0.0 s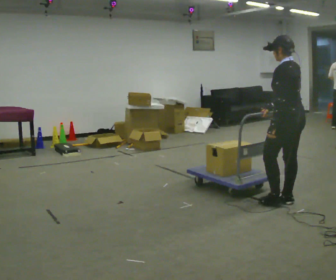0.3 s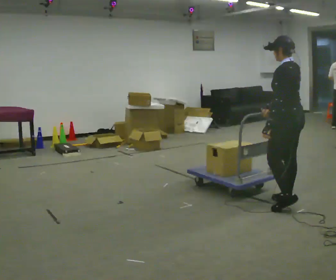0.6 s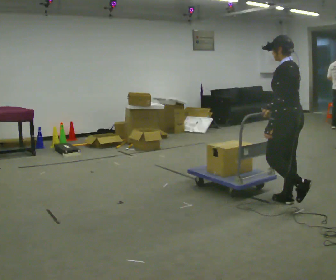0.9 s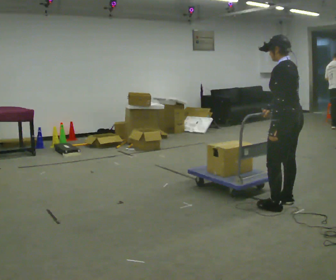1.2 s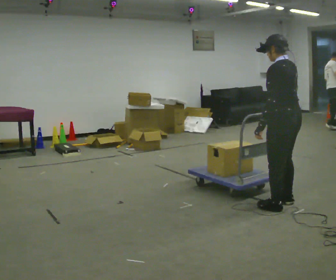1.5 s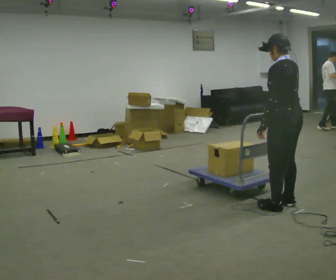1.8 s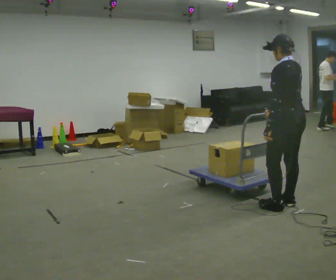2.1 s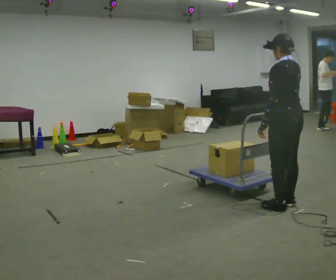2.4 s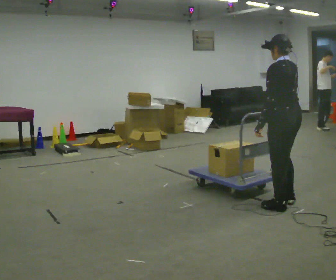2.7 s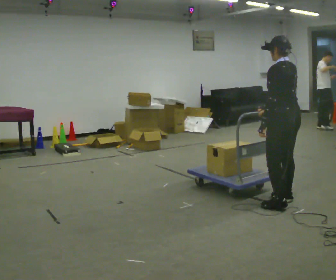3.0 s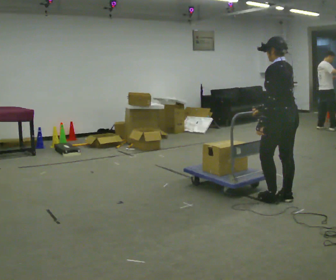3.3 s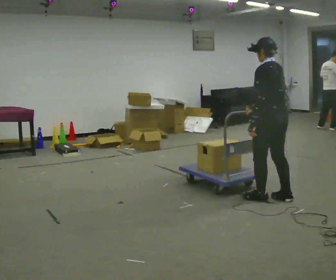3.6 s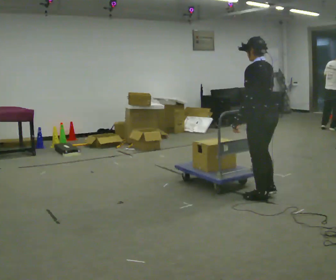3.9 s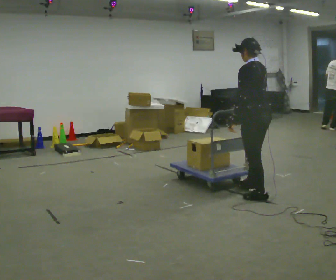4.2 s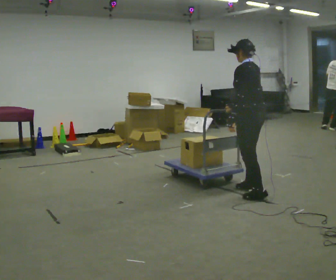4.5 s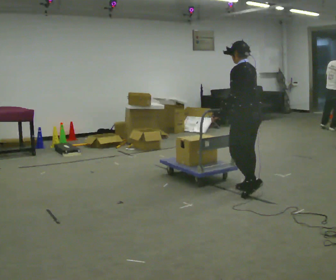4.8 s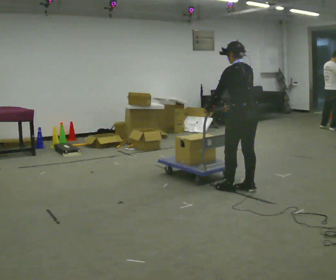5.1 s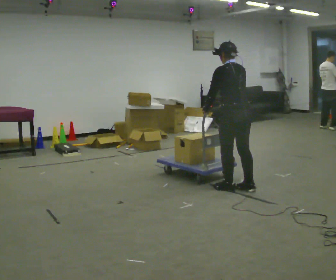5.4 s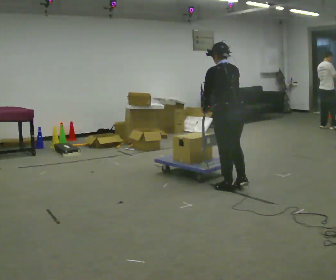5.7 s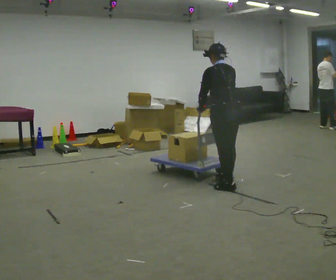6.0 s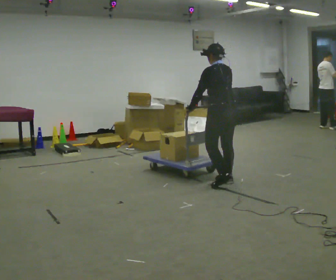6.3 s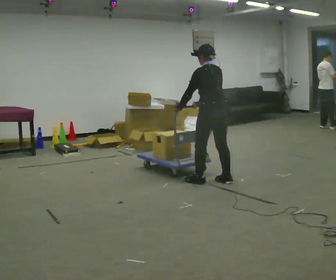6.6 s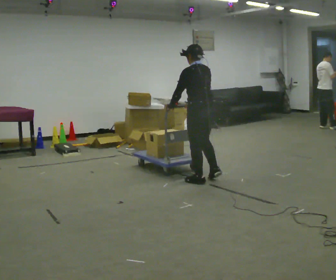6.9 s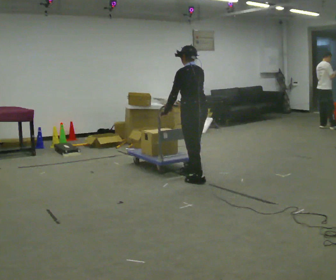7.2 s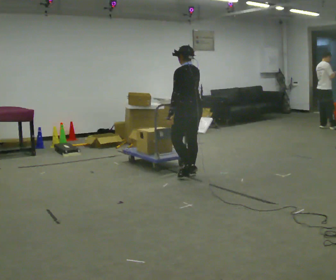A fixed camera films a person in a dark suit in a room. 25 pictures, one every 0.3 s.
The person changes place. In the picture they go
to the left.
0.0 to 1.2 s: In the picture they go toward the camera, about 0.25 m in 1 step, which for them is to their left.
1.2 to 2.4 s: The person moves a little, or ends about where they began.
2.4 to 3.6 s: In the picture they go to the left and away from the camera, about 0.25 m in 1 step, which for them is forward.
3.6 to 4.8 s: In the picture they go away from the camera and to the left, about 0.25 m in 1 step, which for them is forward and to their right.
4.8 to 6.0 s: In the picture they go to the left and away from the camera, about 0.25 m in 2 steps, which for them is forward.
6.0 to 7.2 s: In the picture they go to the left and away from the camera, about 0.5 m in 2 steps, which for them is forward.
The film runs forward here.
